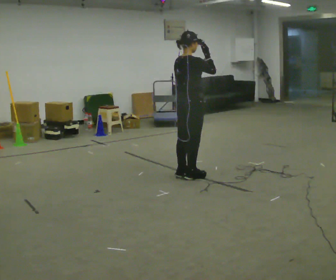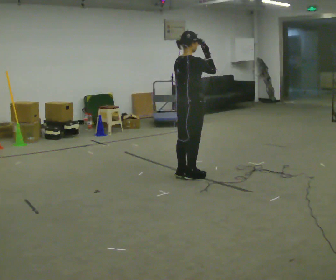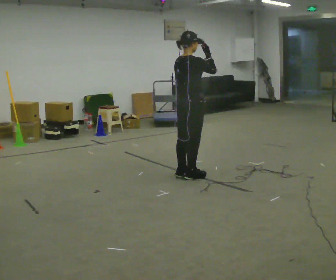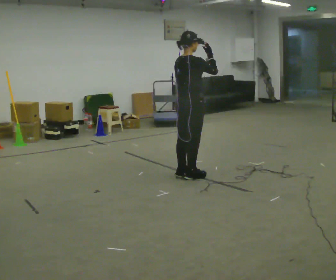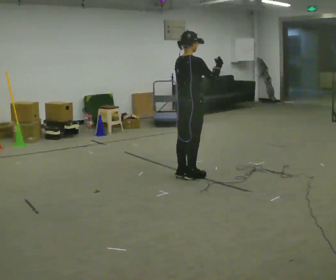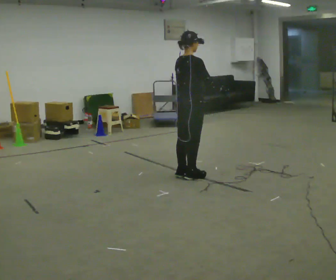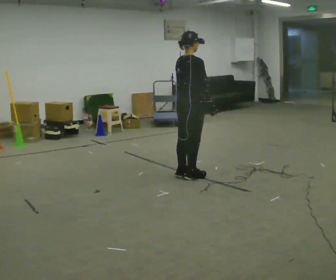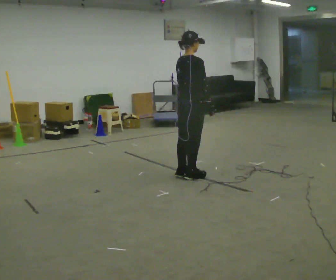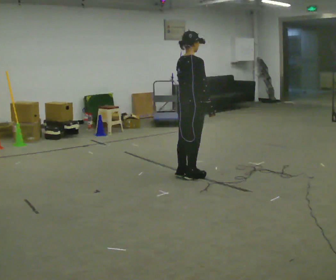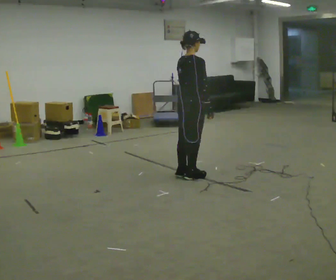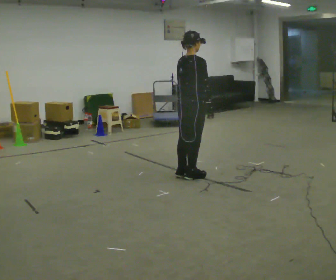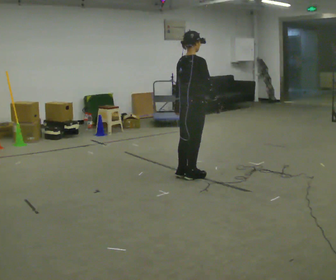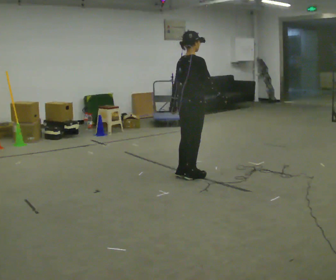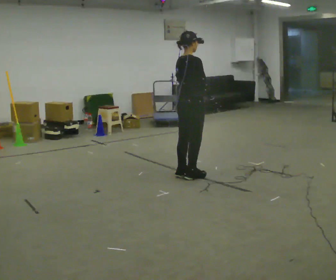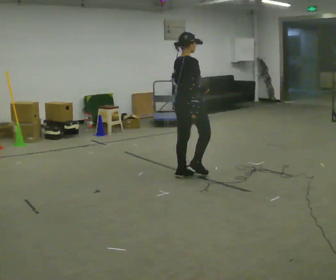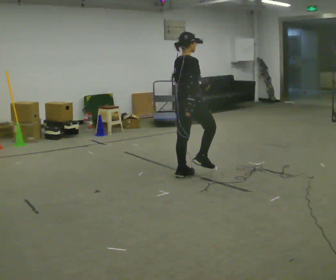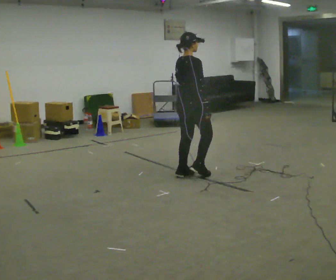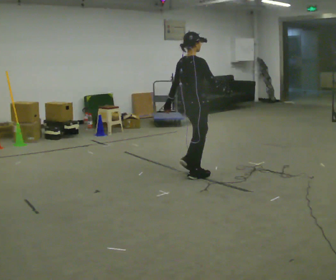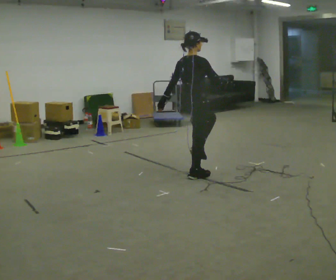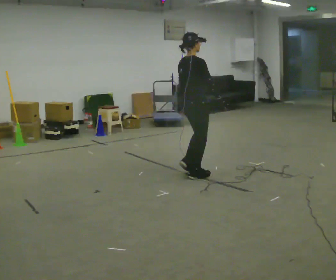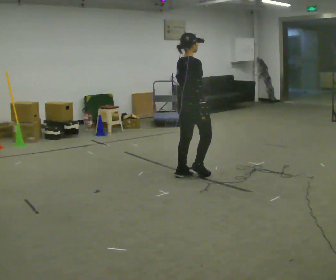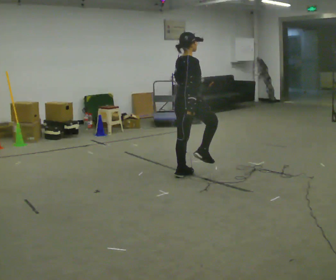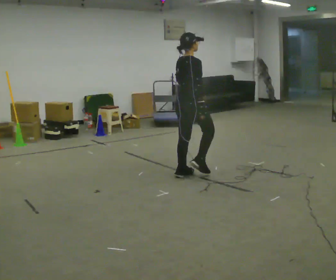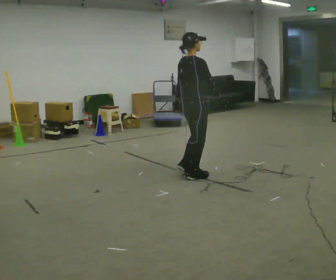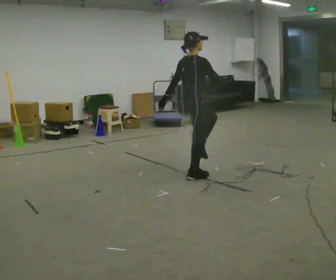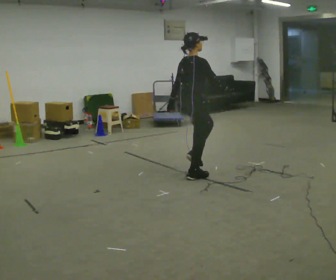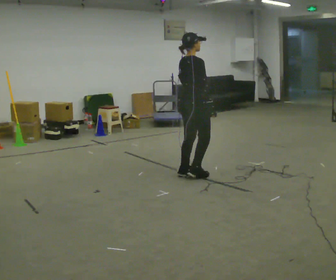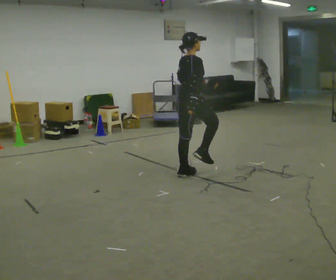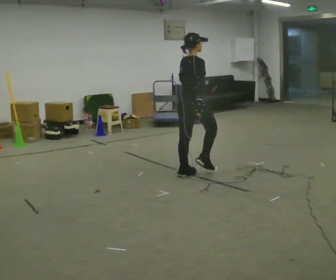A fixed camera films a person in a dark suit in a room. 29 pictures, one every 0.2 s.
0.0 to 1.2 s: In the picture their right hand goes downward.
1.2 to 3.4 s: The person moves a little, or ends about where they began.
3.4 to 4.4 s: In the picture their left hand goes to the right.
4.4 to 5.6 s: The person moves a little, or ends about where they began.
The film runs backward here.
